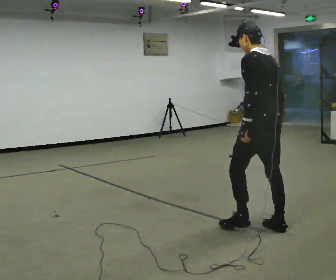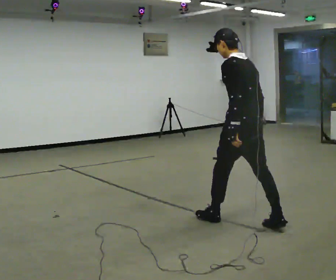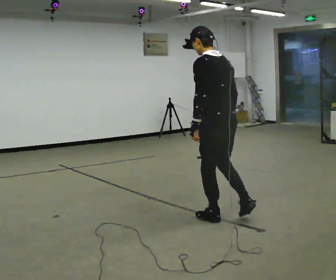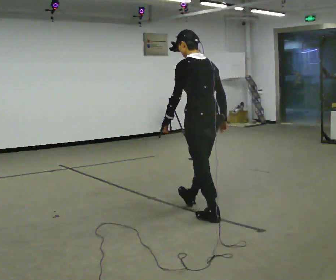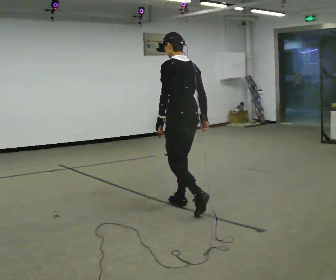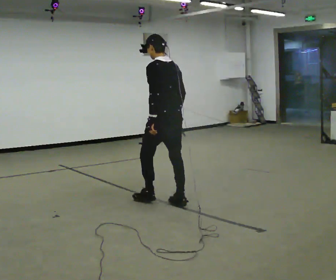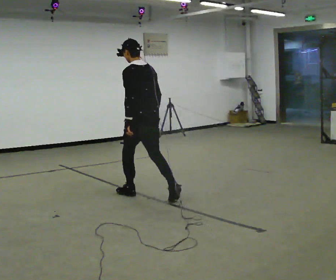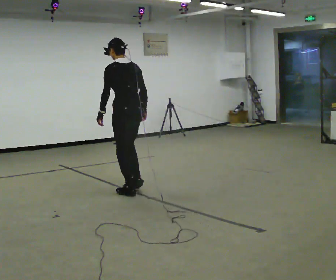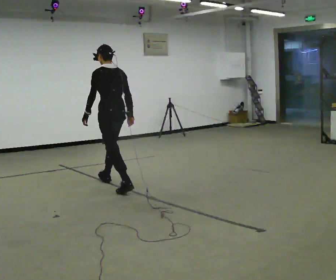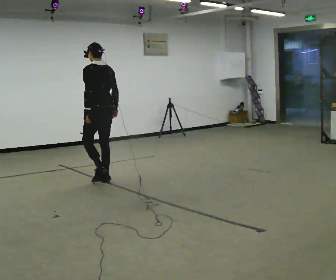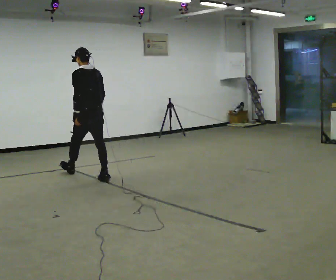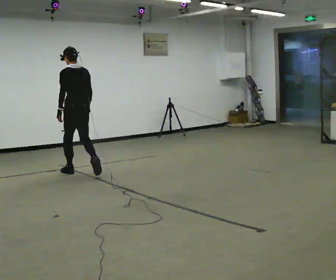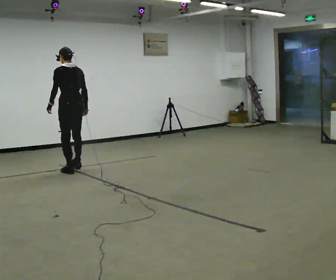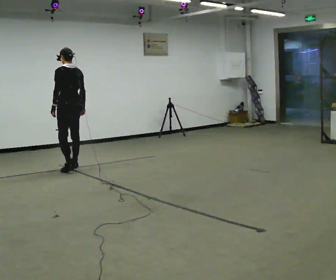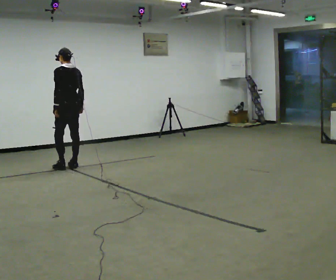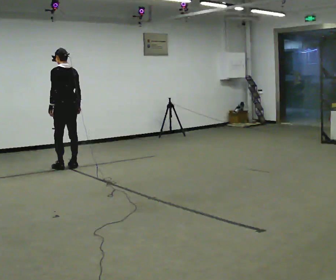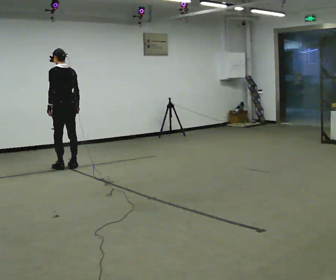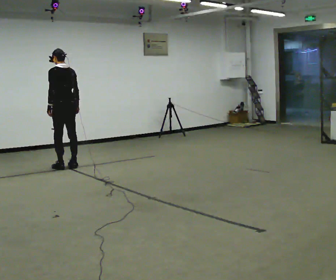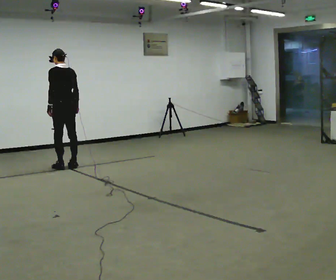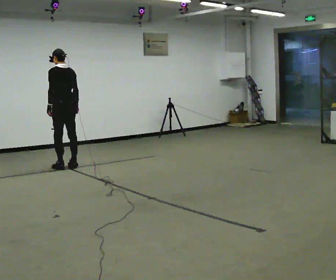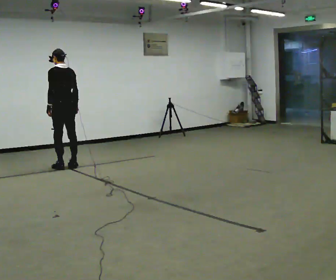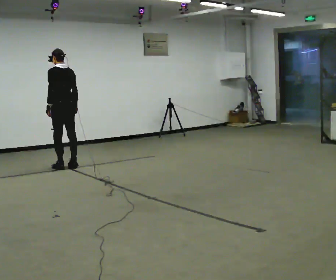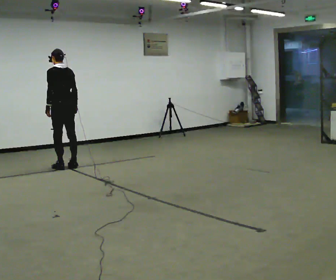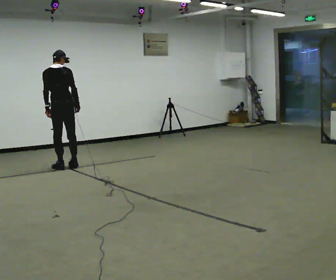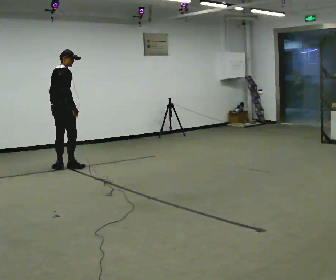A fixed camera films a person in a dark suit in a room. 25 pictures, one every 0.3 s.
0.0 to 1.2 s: In the picture they go away from the camera and to the left, about 1 m in 2 steps, which for them is forward.
1.2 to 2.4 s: In the picture they go away from the camera and to the left, about 1 m in 2 steps, which for them is forward.
2.4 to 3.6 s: In the picture they go away from the camera and to the left, about 1 m in 1 step, which for them is forward.
3.6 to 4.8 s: In the picture they go away from the camera, about 0.25 m in 2 steps, which for them is forward.
4.8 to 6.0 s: The person keeps their place and pose.
6.0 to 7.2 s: Seen from above the body turns clockwise, about 75 degrees: to their right, with its near side sliding to the left.
The film runs forward here.
